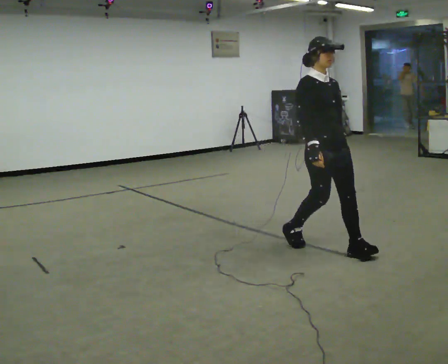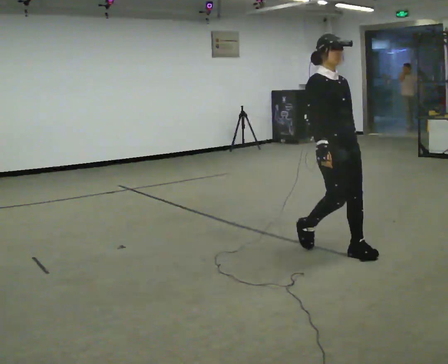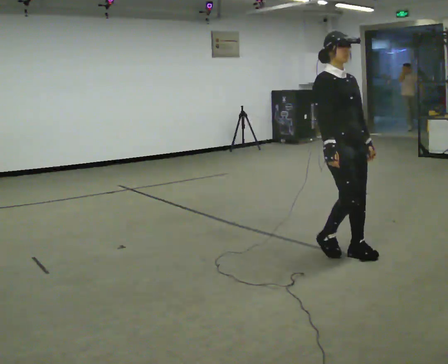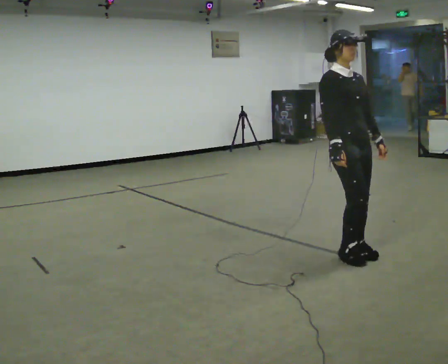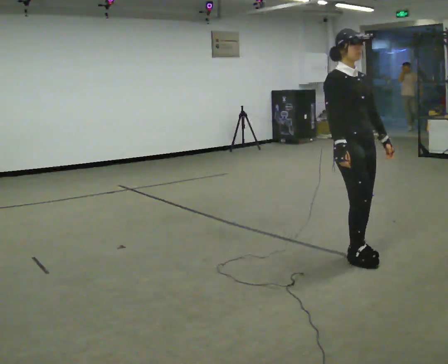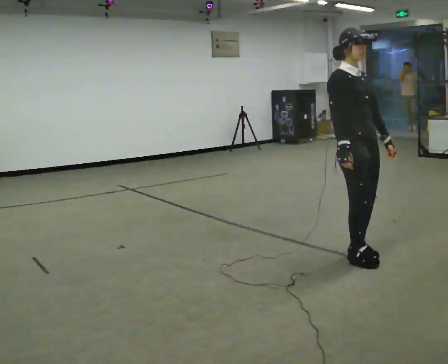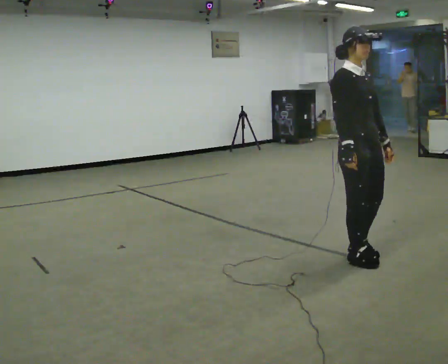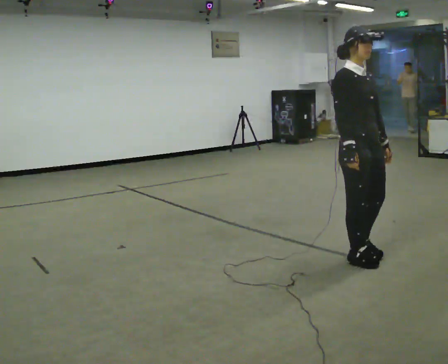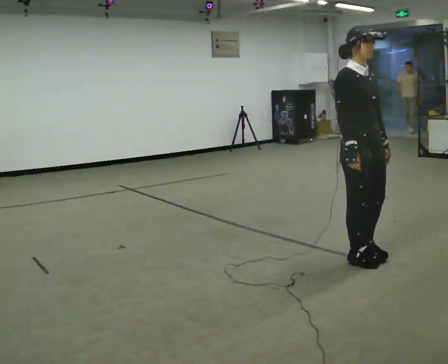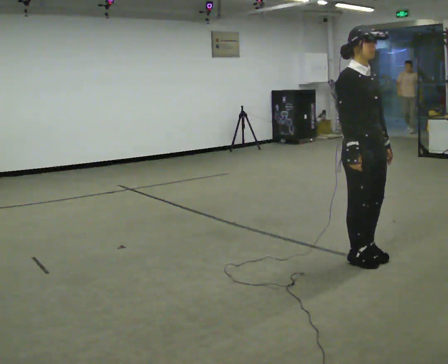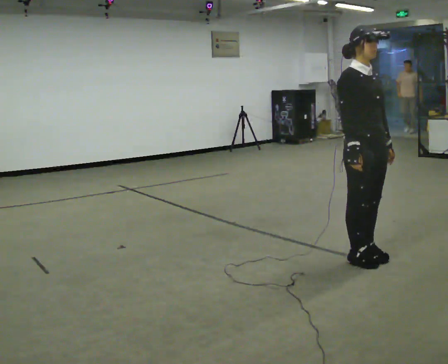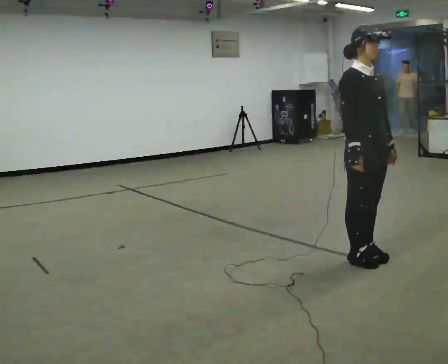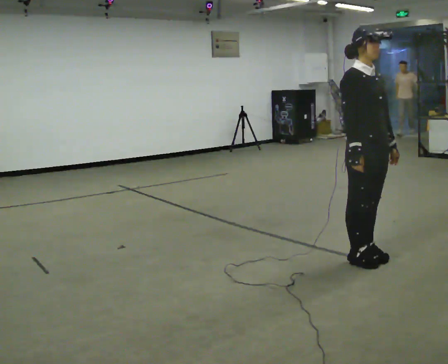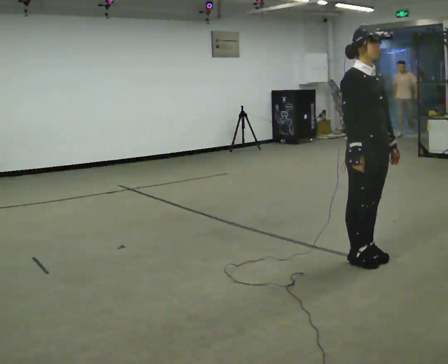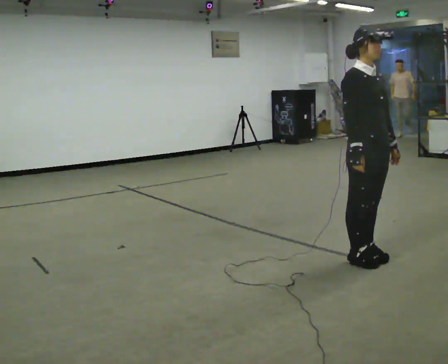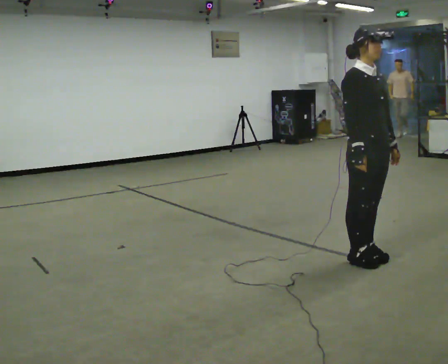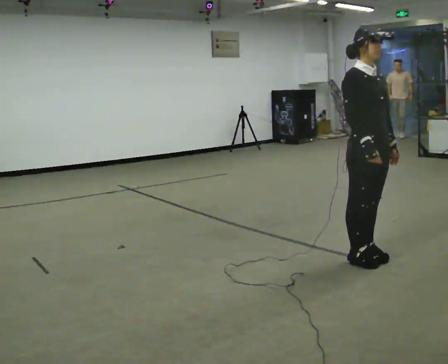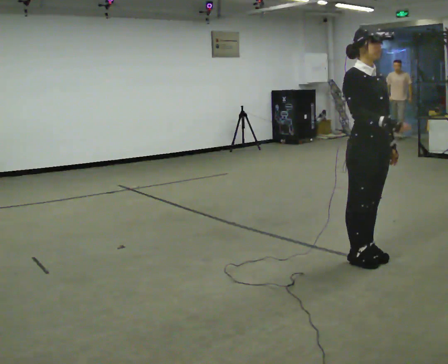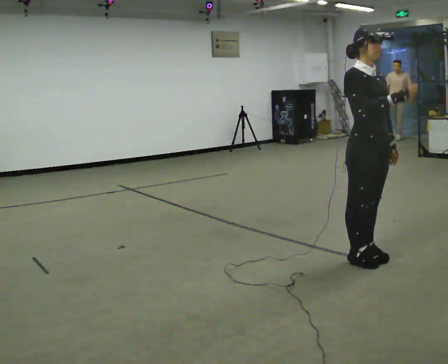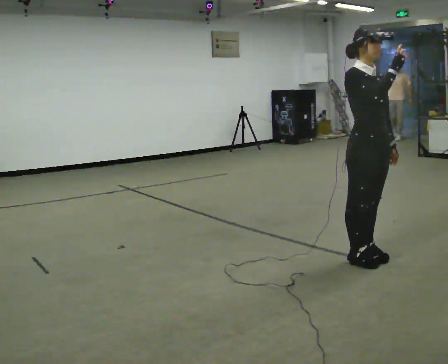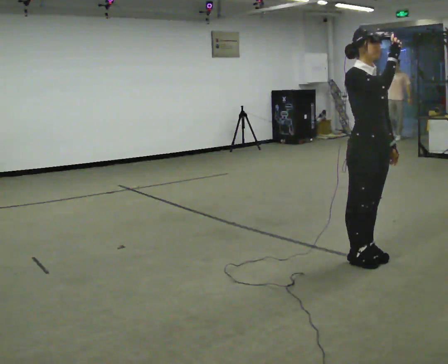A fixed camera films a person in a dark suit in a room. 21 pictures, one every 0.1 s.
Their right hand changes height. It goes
upward.
0.0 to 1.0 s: In the picture they go to the right and toward the camera, about 0.25 m in 1 step, which for them is forward.
1.0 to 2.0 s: In the picture their right hand goes upward.
The film runs forward here.
